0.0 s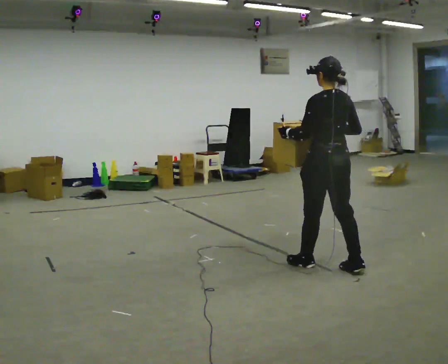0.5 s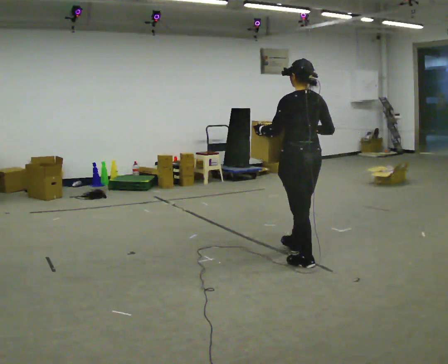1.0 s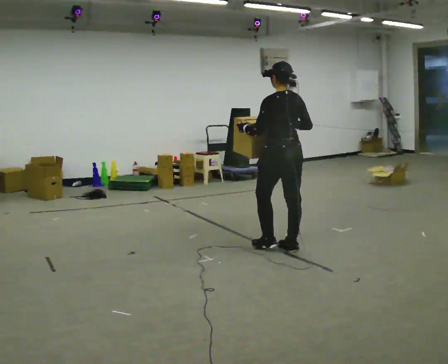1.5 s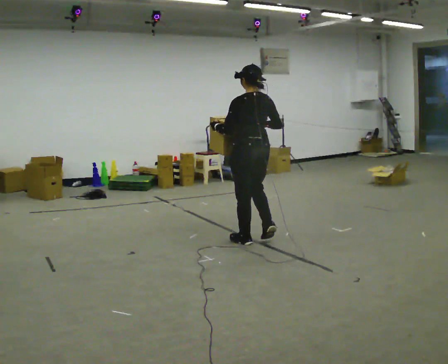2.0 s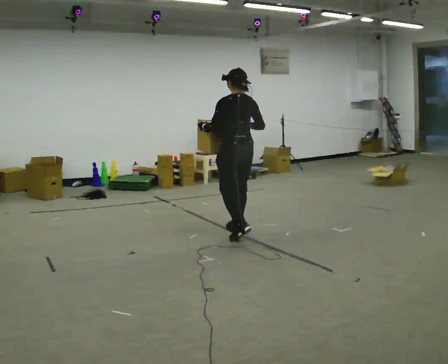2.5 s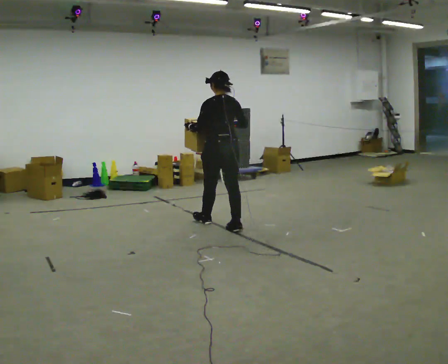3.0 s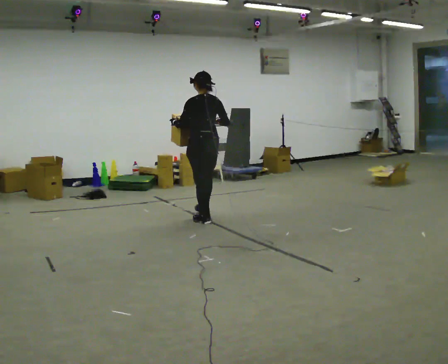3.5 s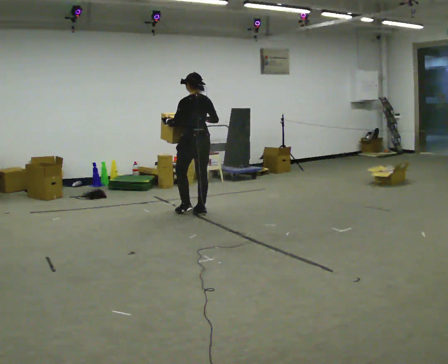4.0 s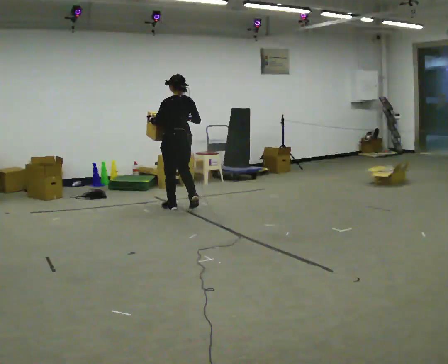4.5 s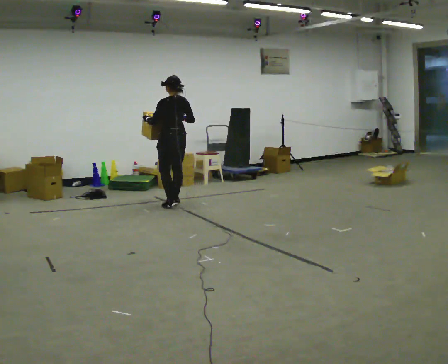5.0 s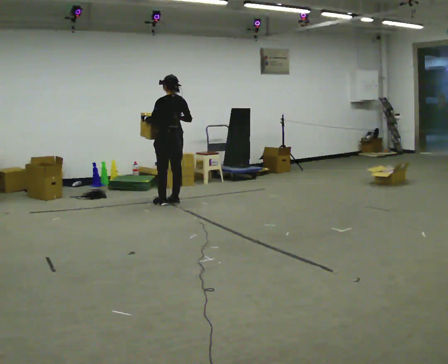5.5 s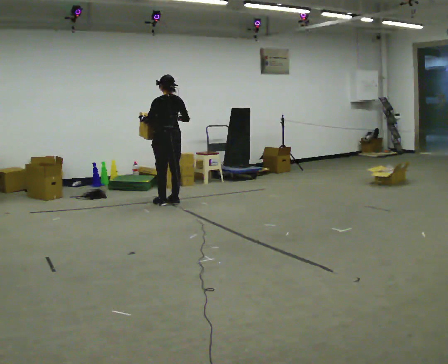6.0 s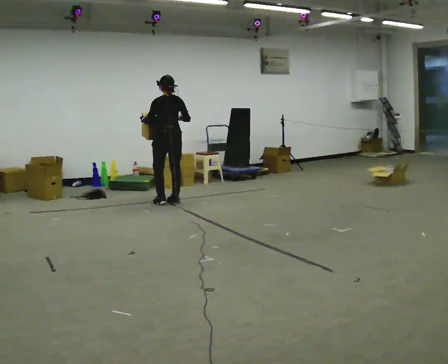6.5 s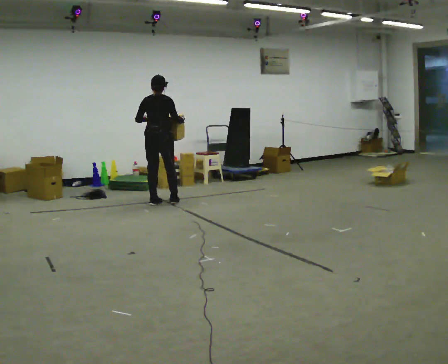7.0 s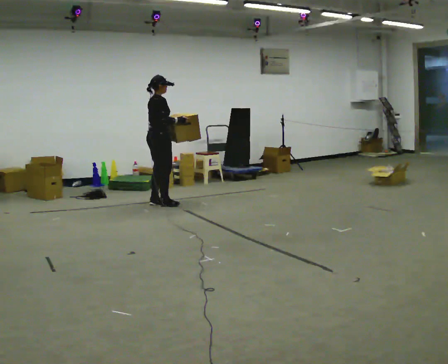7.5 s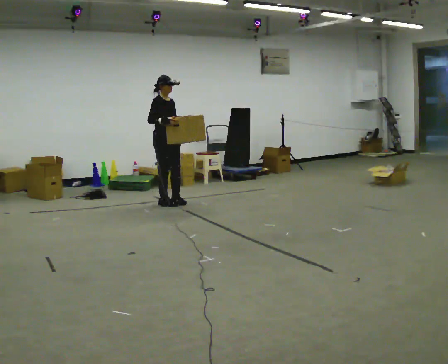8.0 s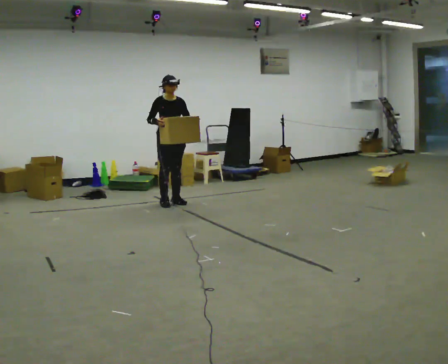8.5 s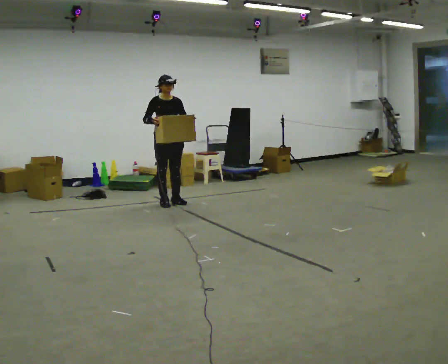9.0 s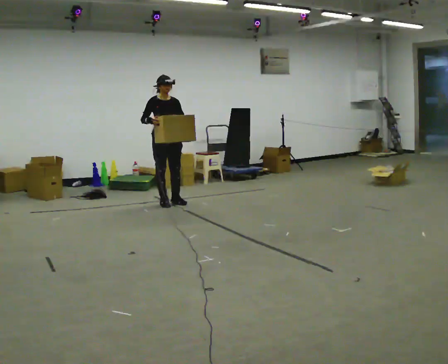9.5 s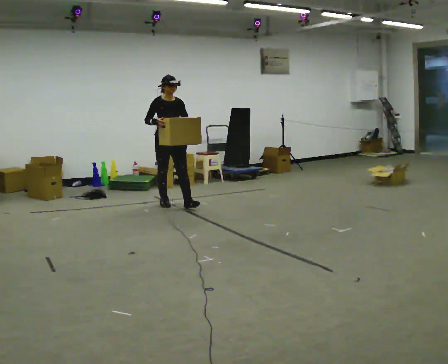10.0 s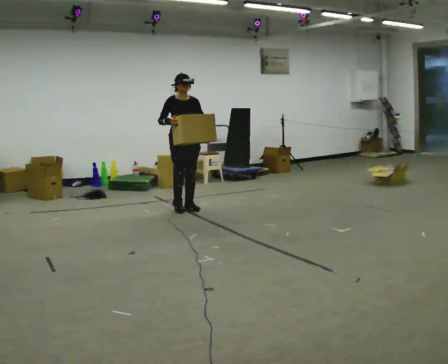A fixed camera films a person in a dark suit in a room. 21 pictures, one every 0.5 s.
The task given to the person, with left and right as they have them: Carry the heavy box in both hands in front of you, walking back and forth across the room. Keep walking until the operator says stop. Set it down if you need a rest.
0.0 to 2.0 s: In the picture they go away from the camera and to the left, about 1.5 m in 3 steps, which for them is forward.
2.0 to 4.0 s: In the picture they go away from the camera and to the left, about 1.5 m in 3 steps, which for them is forward.
4.0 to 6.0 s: In the picture they go away from the camera, about 0.25 m in 2 steps, which for them is forward.
6.0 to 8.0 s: Seen from above the body turns clockwise, about 180 degrees: to their right, with its near side sliding to the left. In the picture their left hand goes to the right.
8.0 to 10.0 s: In the picture they go toward the camera and to the right, about 0.5 m in 1 step, which for them is forward.
The film runs forward here.
